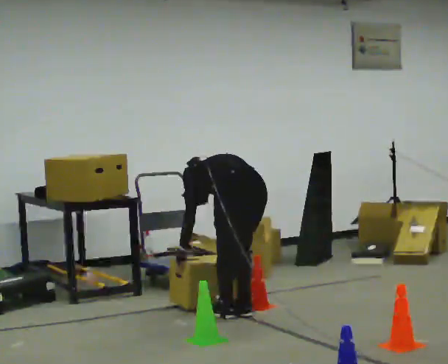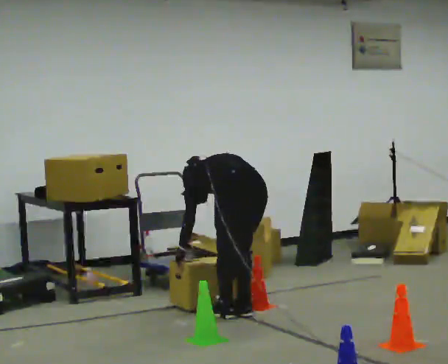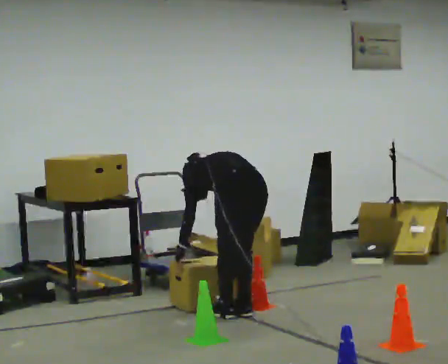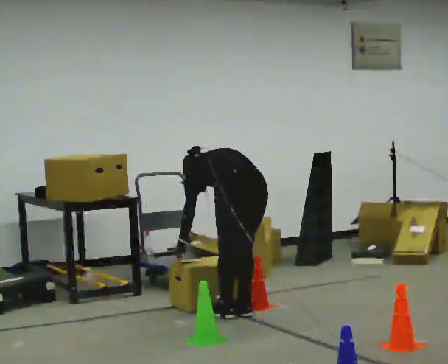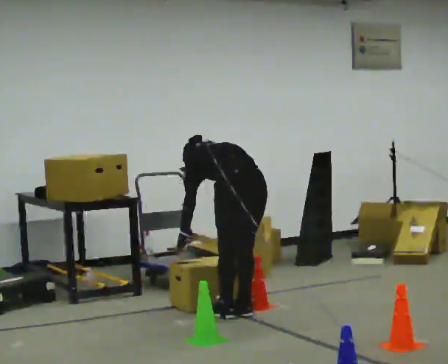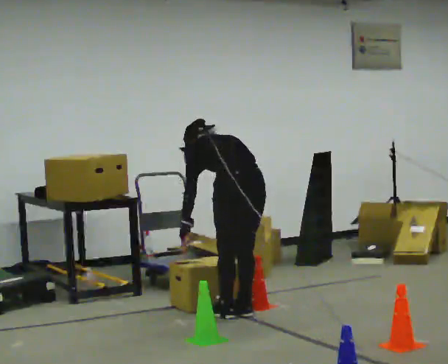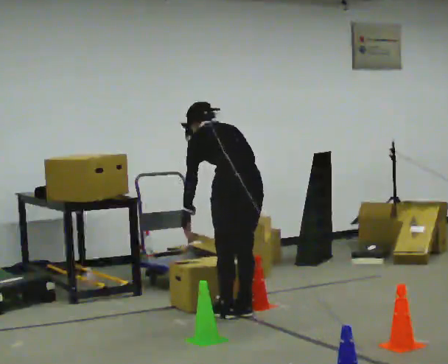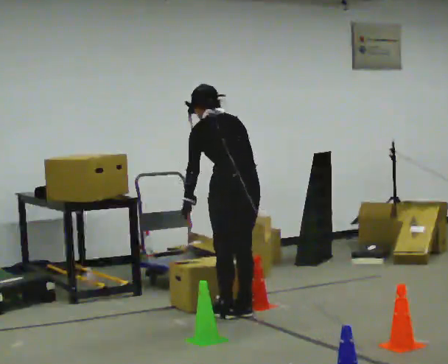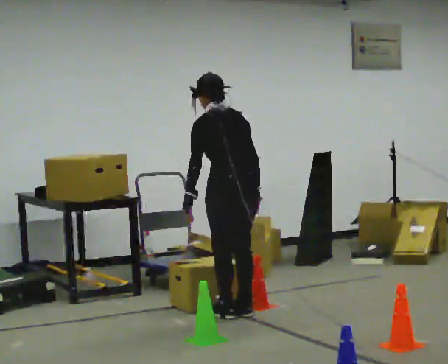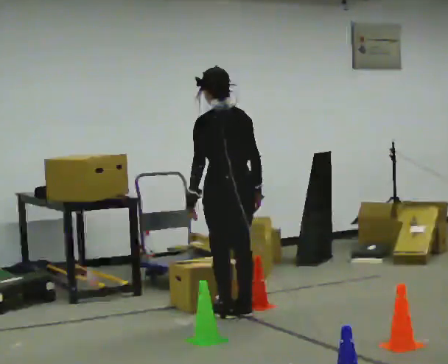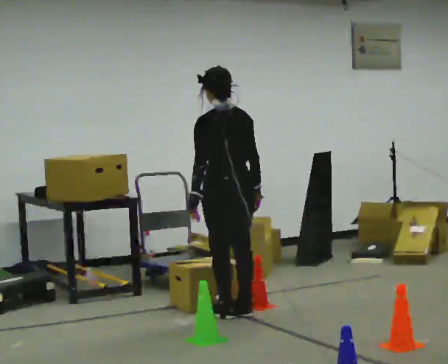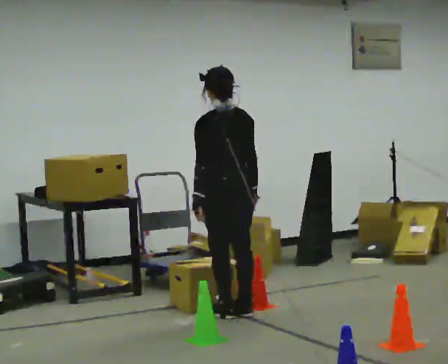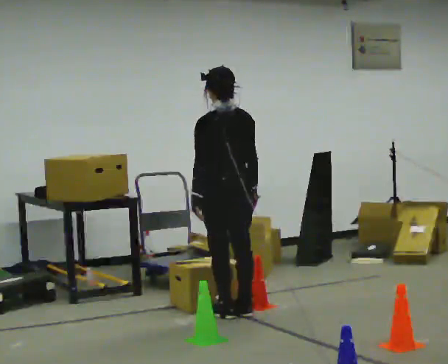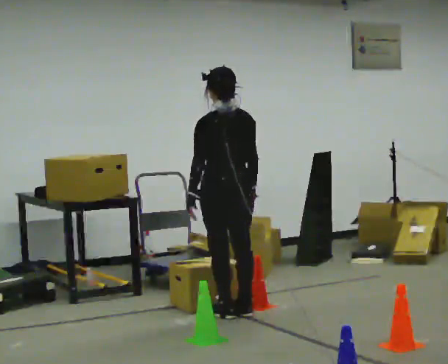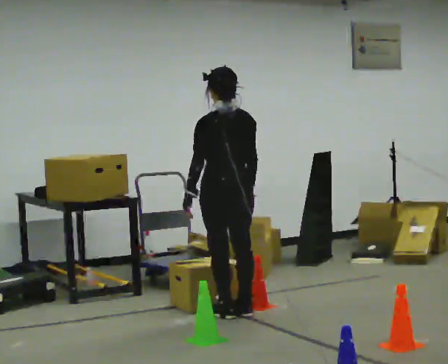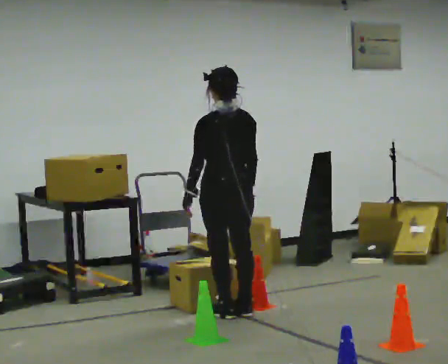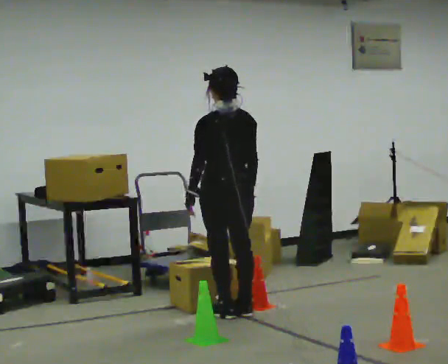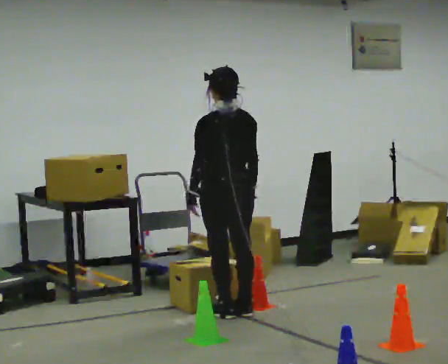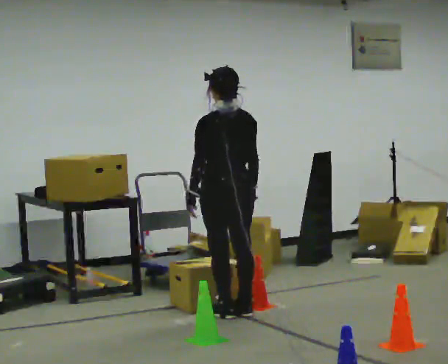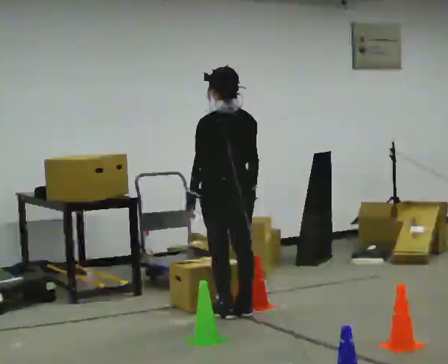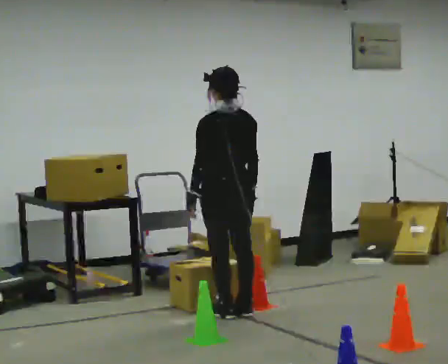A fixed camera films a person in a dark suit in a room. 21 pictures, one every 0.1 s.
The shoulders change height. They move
upward.
Their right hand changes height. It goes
upward.
0.0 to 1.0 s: The shoulders move upward. The upper body tips toward the camera, its near side rolling downward, as they lean back or straighten. In the picture their left hand goes upward.
1.0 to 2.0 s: The person moves a little, or ends about where they began.
The film runs forward here.
